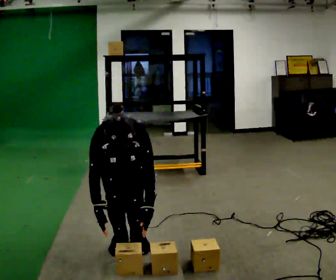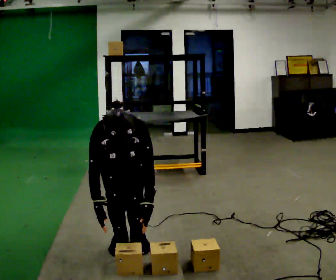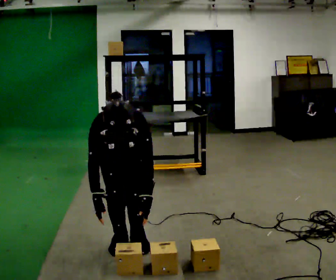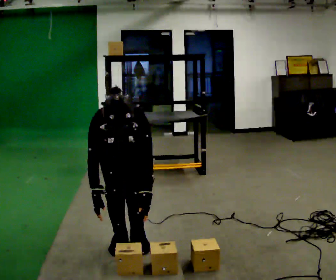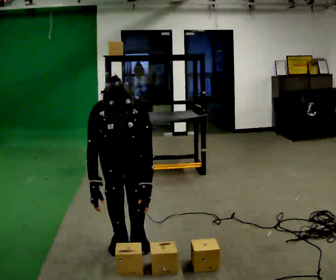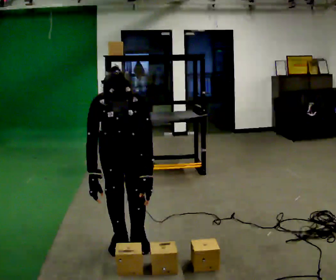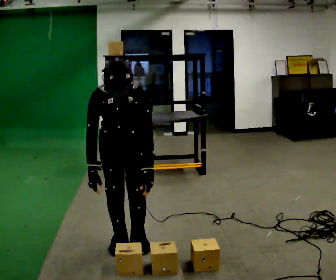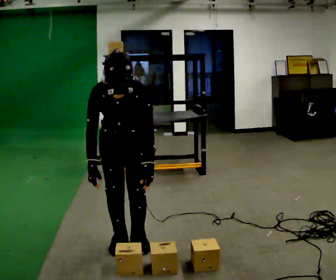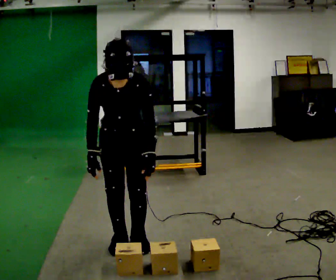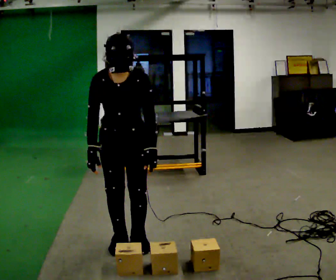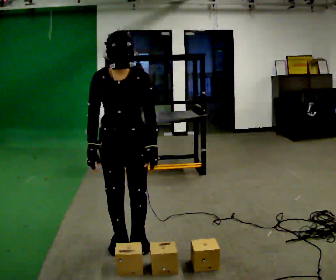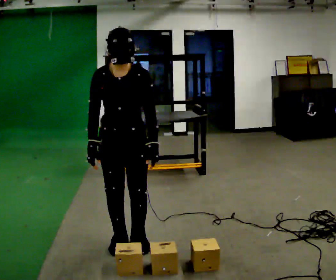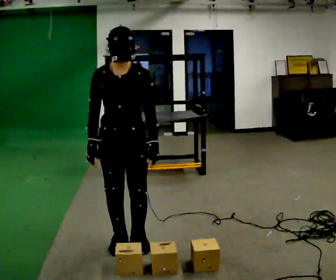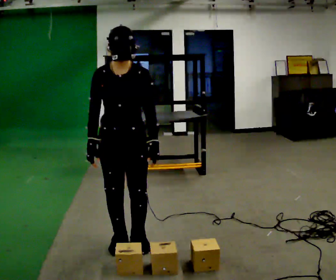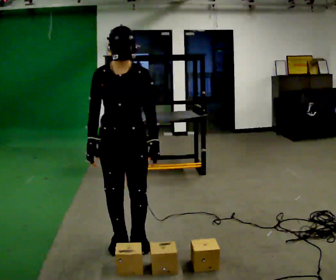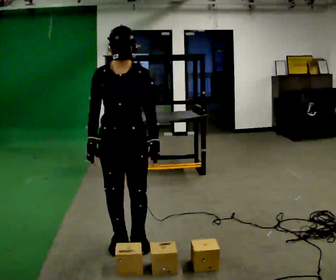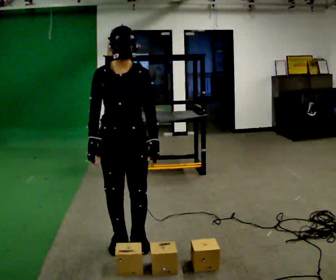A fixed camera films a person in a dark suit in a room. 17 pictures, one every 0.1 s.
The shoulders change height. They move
upward.
The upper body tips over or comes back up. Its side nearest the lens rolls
upward.
0.0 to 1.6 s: The upper body goes upward. The upper body tips away from the camera, its near side rolling upward, as they lean back or straighten. In the picture their right hand goes upward.
The film runs backward here.
